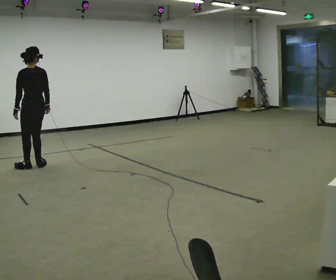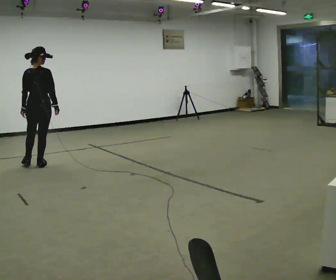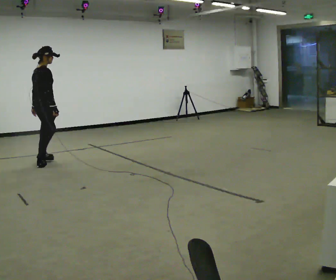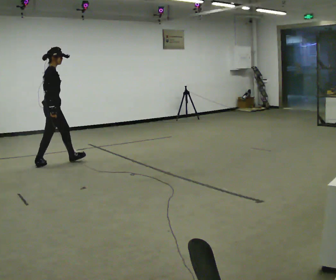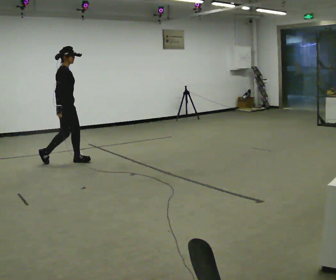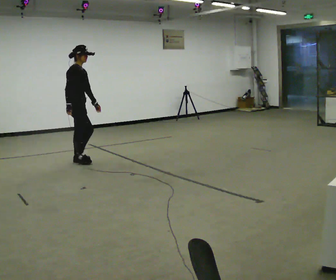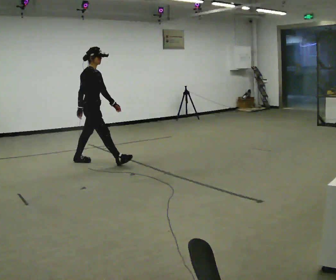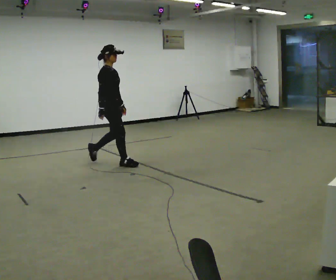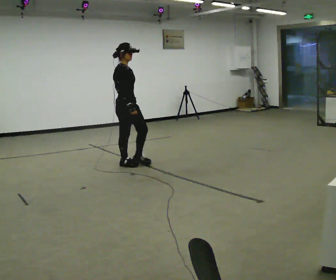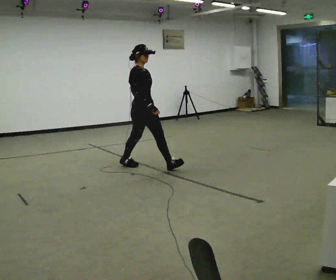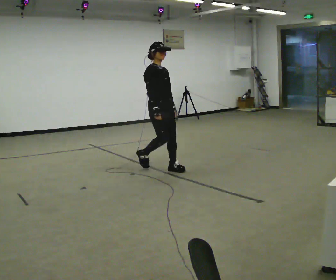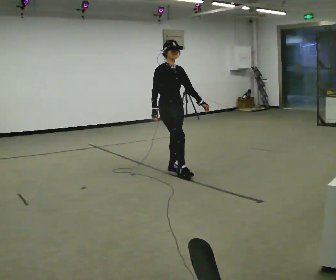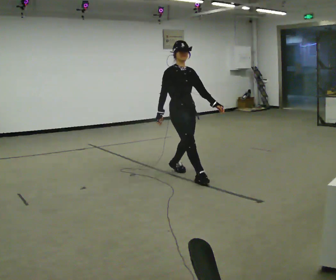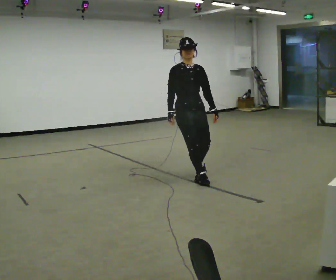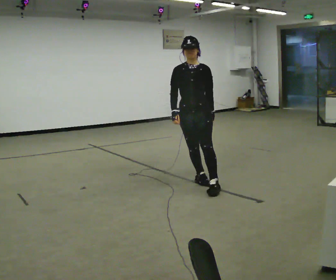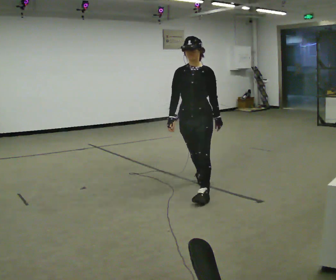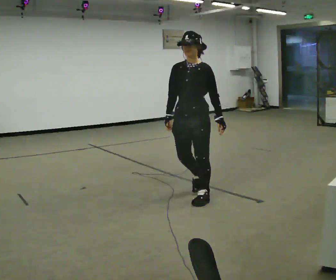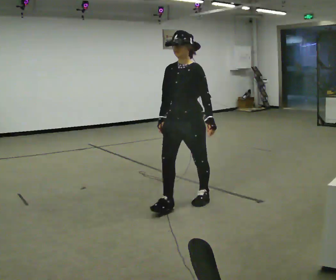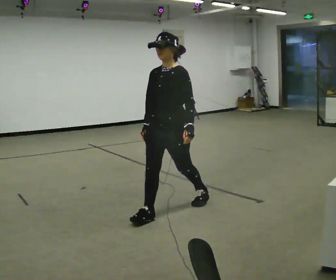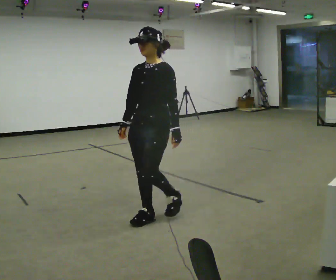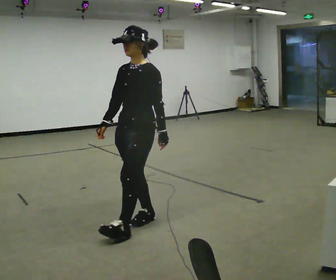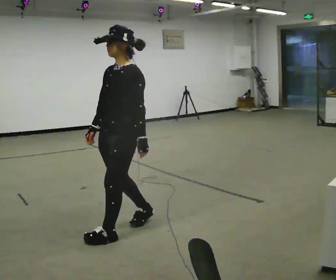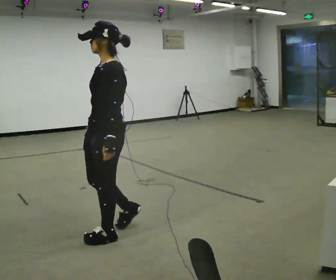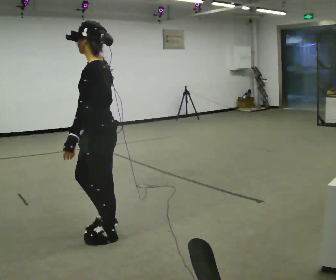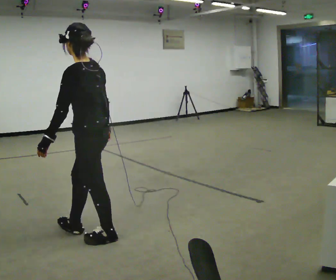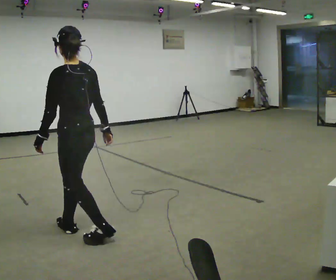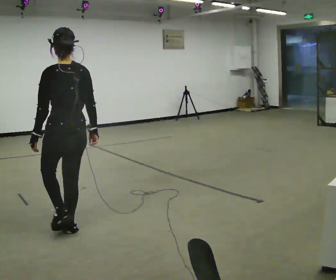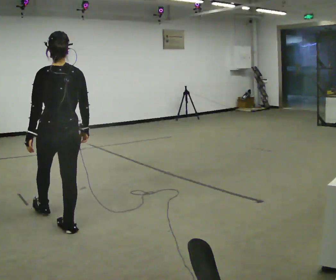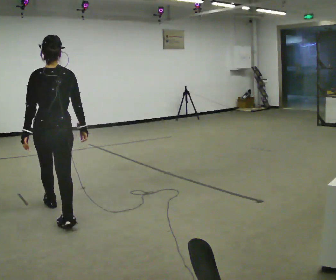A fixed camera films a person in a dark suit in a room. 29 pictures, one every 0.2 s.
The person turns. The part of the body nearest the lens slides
to the left.
The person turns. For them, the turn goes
to their right.
0.0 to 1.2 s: The part of the body nearest the lens slides to the left as the person turns to their right by about 135 degrees. In the picture they go to the right, about 1 m in 1 step.
1.2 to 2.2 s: The part of the body nearest the lens slides to the left as the person turns to their right by about 45 degrees. In the picture they go to the right and toward the camera, about 1 m in 2 steps, which for them is forward.
2.2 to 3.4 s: Seen from above the body turns clockwise, about 75 degrees: to their right, with its near side sliding to the left. In the picture they go toward the camera, about 1 m in 2 steps.
3.4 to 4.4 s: The part of the body nearest the lens slides to the left as the person turns to their right by about 30 degrees. In the picture they go toward the camera and to the left, about 1 m in 2 steps, which for them is forward.
4.4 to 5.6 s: The person turns about 90 degrees to their right, clockwise seen from above, so the part of the body nearest the lens slides to the left. In the picture they go to the left and away from the camera, about 0.75 m in 2 steps.
The film runs forward here.
